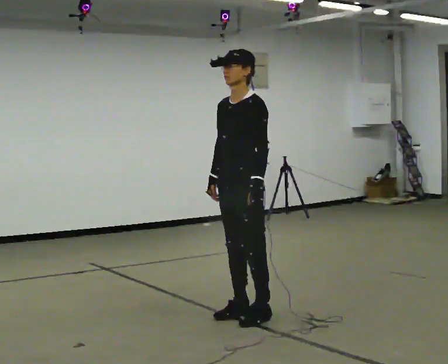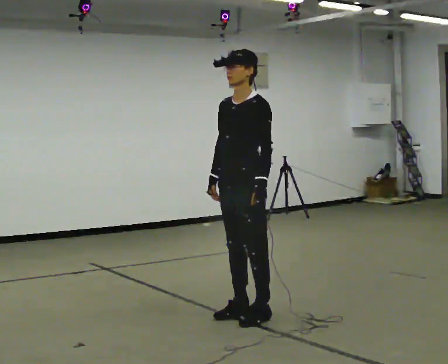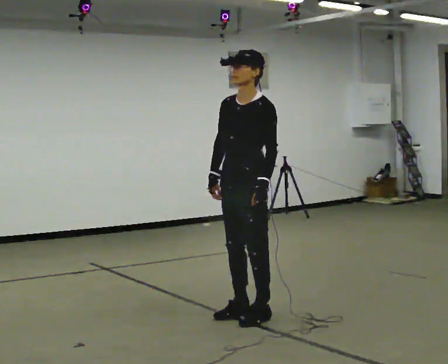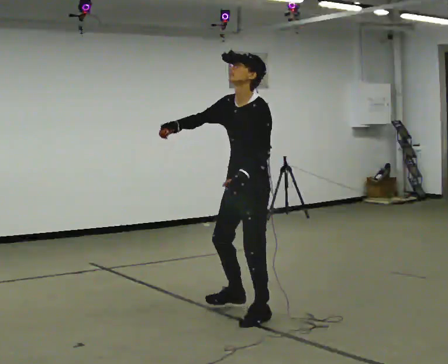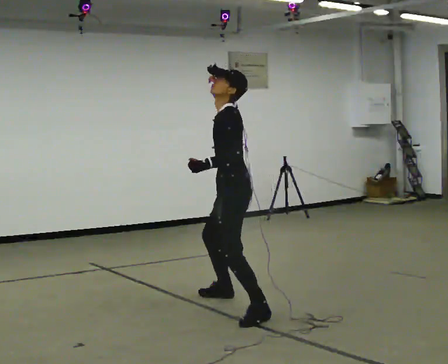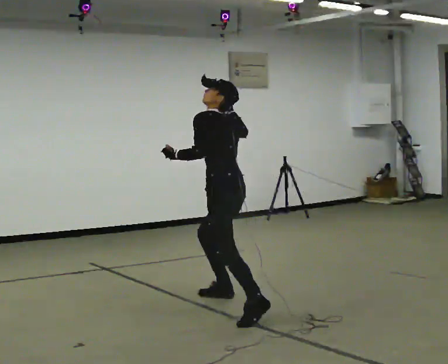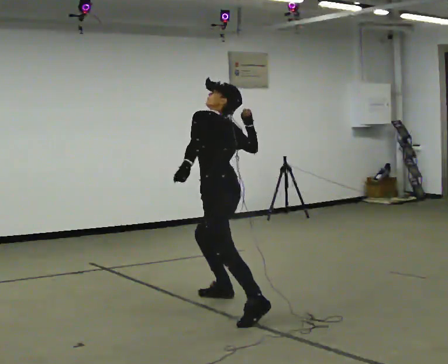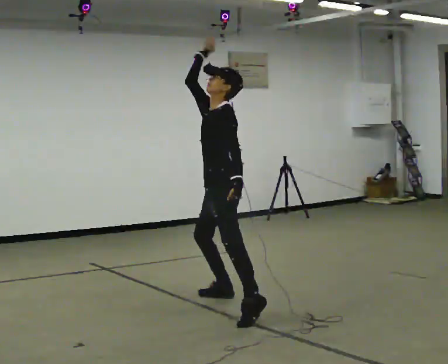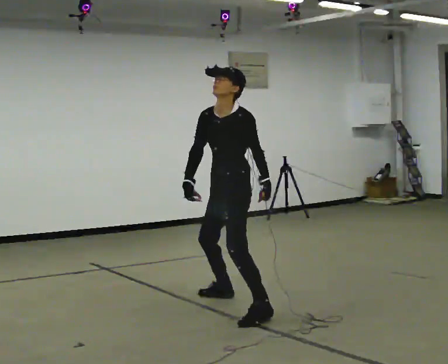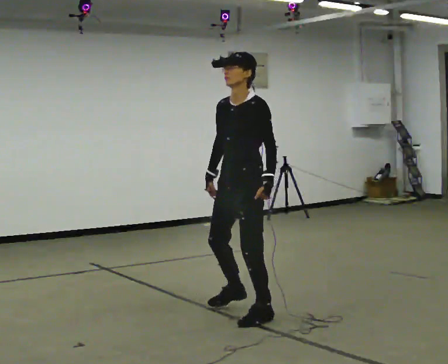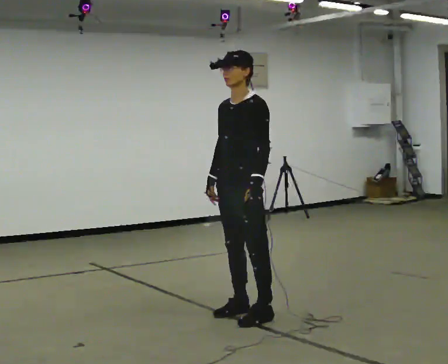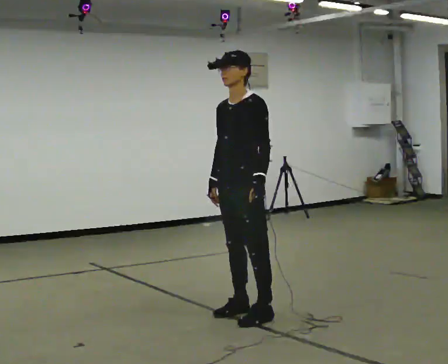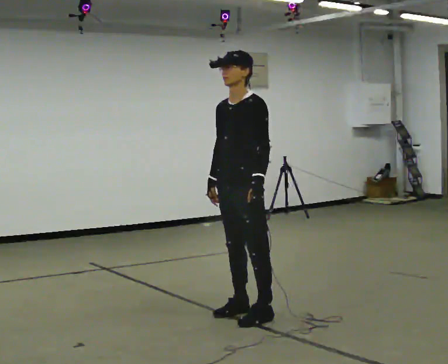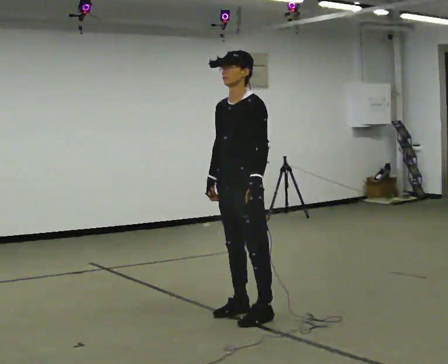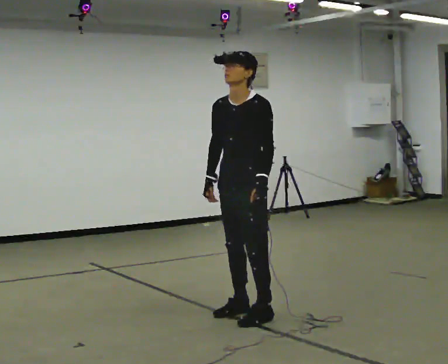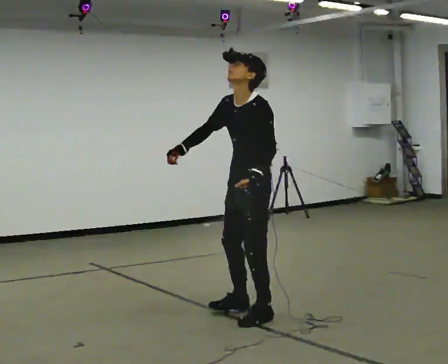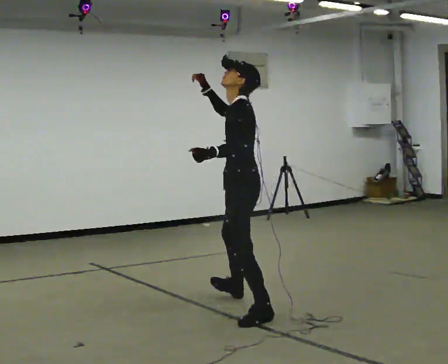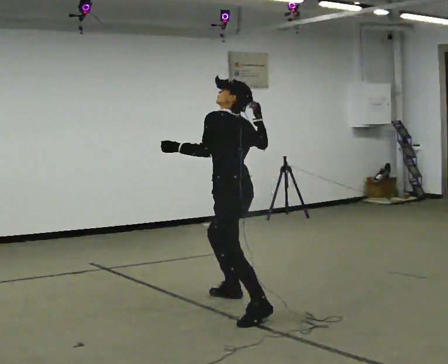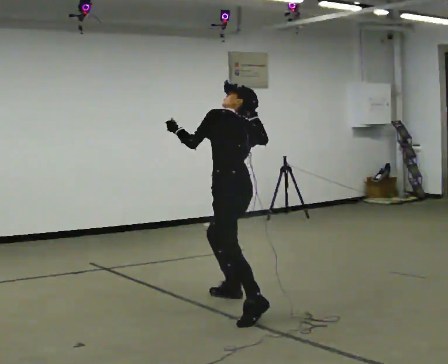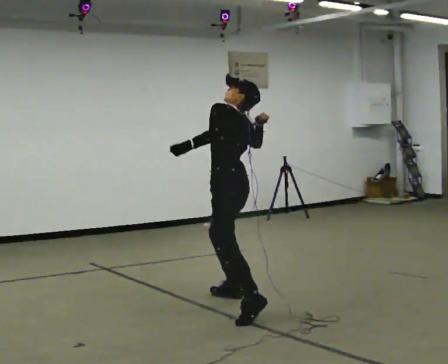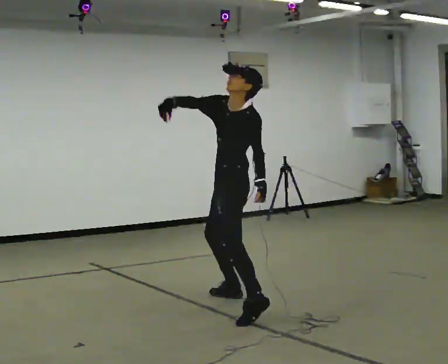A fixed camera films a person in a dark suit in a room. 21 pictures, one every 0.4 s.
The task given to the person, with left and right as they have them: Mime throwing a ball overhand as far as you can, with no ball. Repeat the movement at your own pace until the operator says stop; do not rush.
0.0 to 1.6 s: Seen from above the body turns clockwise, about 45 degrees: to their right, with its near side sliding to the left. In the picture they go away from the camera, about 0.25 m in 1 step, which for them is to their right and backward. In the picture their right hand goes upward.
1.6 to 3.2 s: The person turns about 30 degrees to their left, counterclockwise seen from above, so the part of the body nearest the lens slides to the right. In the picture their right hand goes downward.
3.2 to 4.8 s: In the picture they go toward the camera, about 0.25 m in 1 step, which for them is to their left and forward.
4.8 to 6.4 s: The part of the body nearest the lens slides to the left as the person turns to their right by about 45 degrees. In the picture they go away from the camera, about 0.25 m. In the picture their right hand goes upward, the arm swinging clockwise.
6.4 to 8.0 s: Seen from above the body turns counterclockwise, about 30 degrees: to their left, with its near side sliding to the right. In the picture they go away from the camera, about 0.25 m in 1 step, which for them is forward and to their right.
The film runs forward here.
